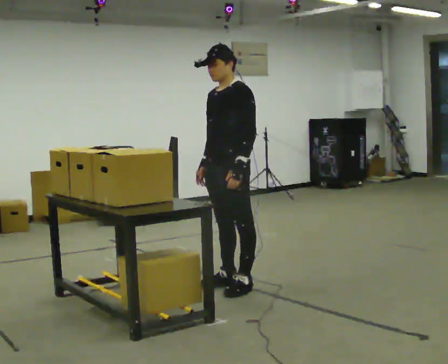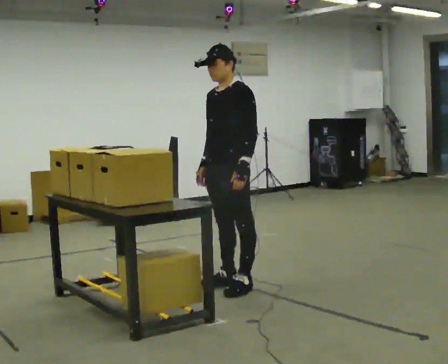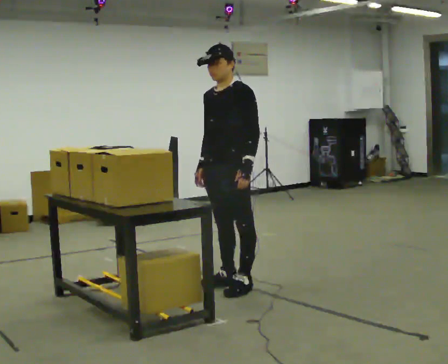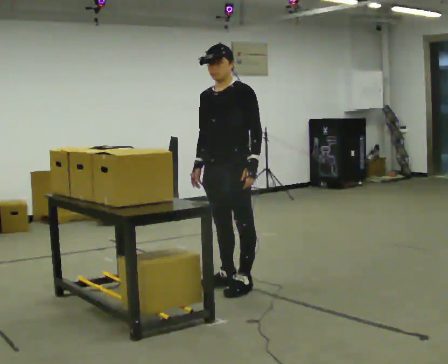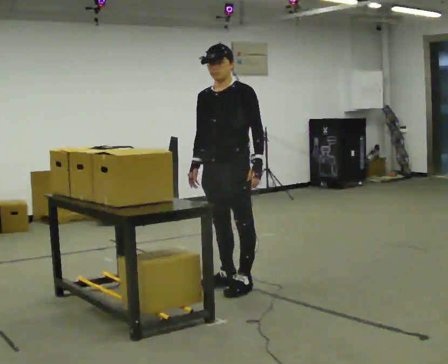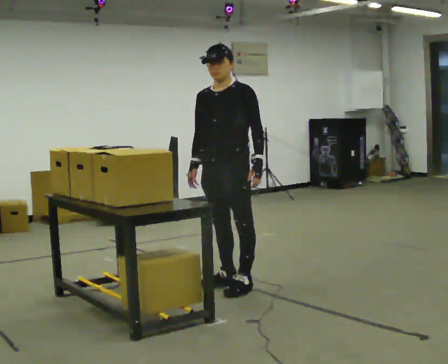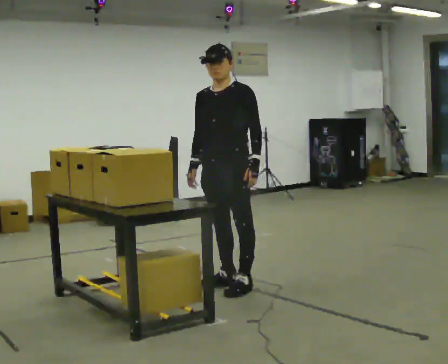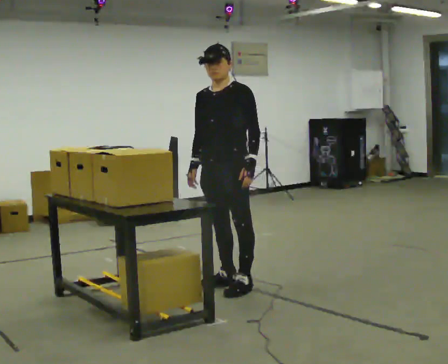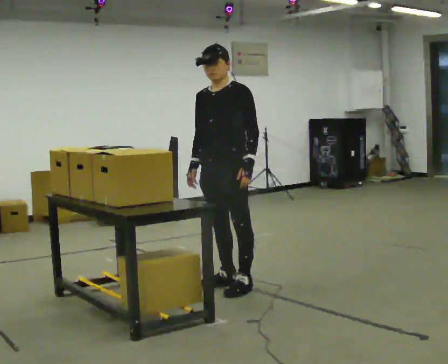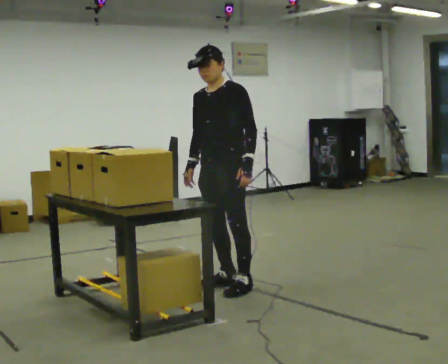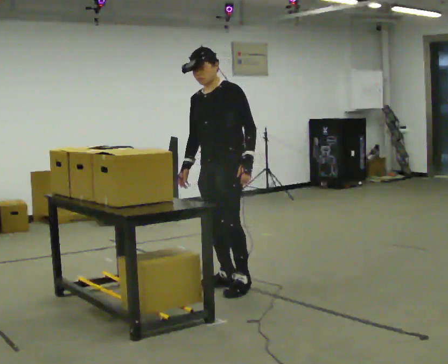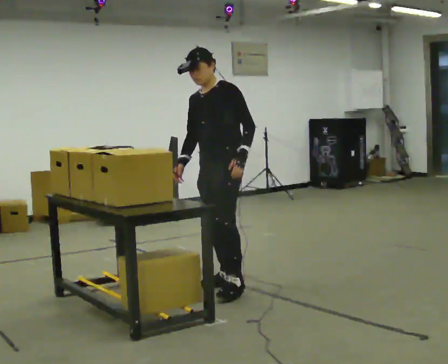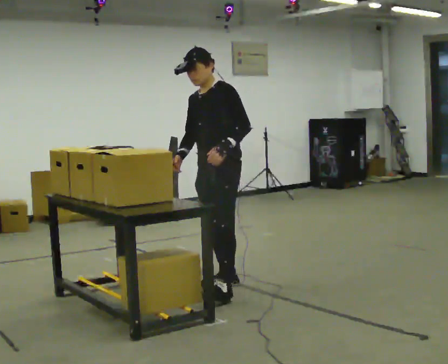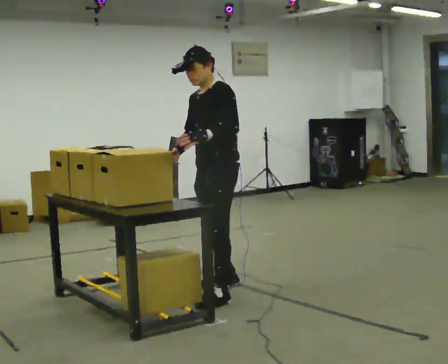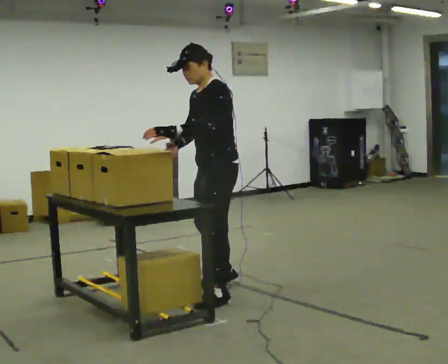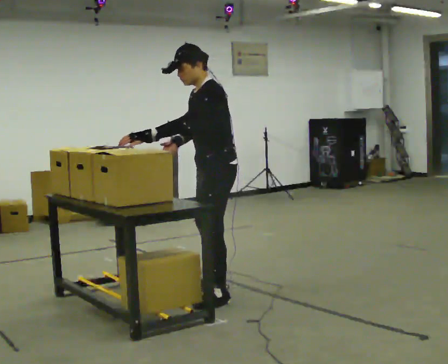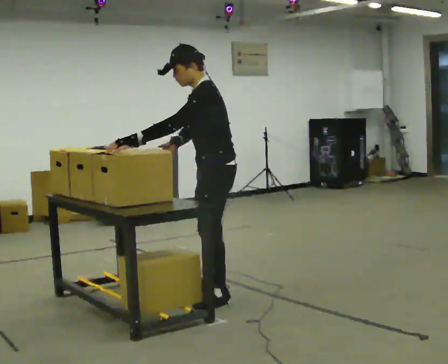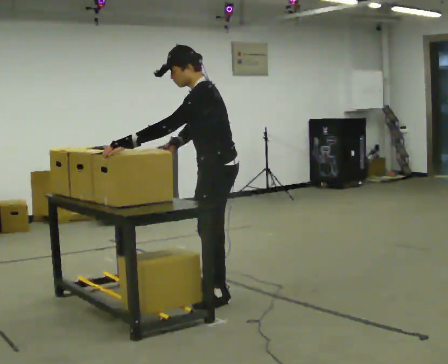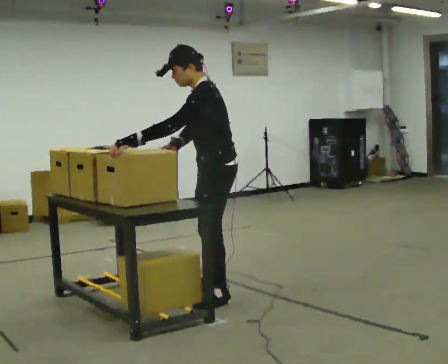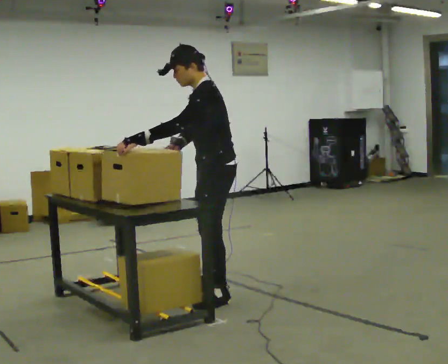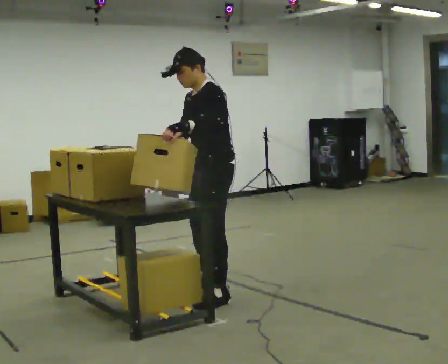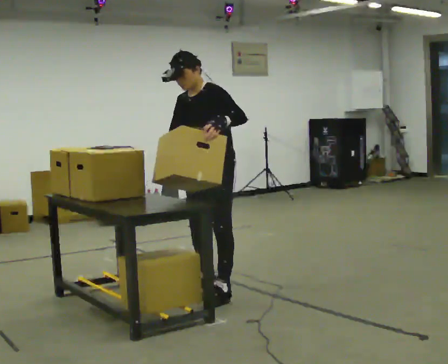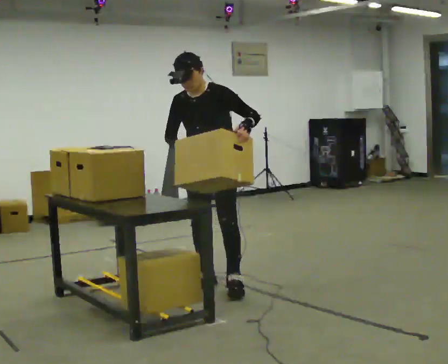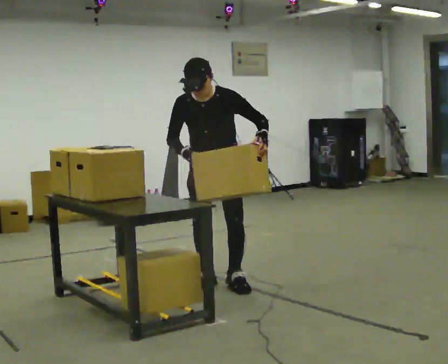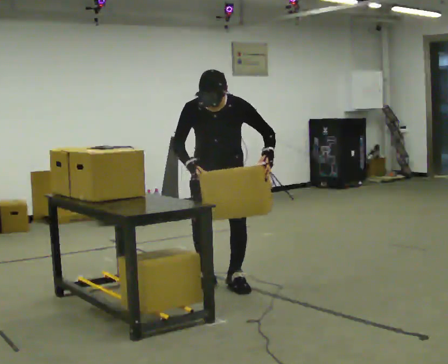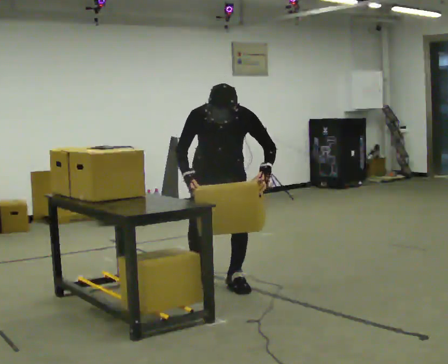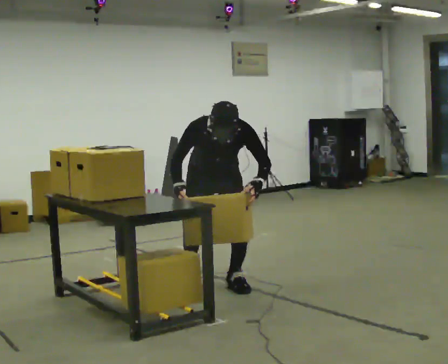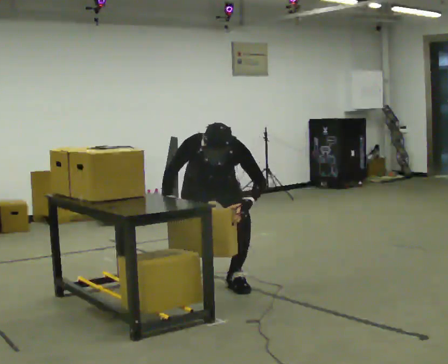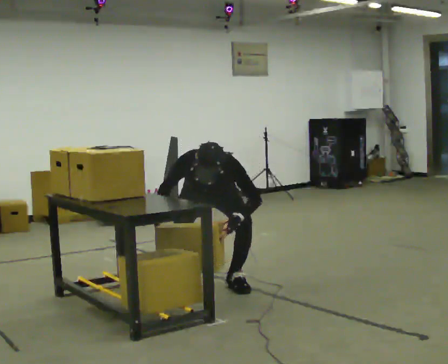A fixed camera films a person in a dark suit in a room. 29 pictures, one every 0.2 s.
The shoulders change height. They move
downward.
The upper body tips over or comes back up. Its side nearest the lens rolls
downward.
0.0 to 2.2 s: The person moves a little, or ends about where they began.
2.2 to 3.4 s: Seen from above the body turns clockwise, about 45 degrees: to their right, with its near side sliding to the left. In the picture they go toward the camera, about 0.25 m in 2 steps, which for them is to their left.
3.4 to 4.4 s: The part of the body nearest the lens slides to the right as the person turns to their left by about 75 degrees. In the picture they go away from the camera, about 0.5 m in 1 step.
4.4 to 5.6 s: The person turns about 30 degrees to their left, counterclockwise seen from above, so the part of the body nearest the lens slides to the right. In the picture they go away from the camera, about 0.25 m in 2 steps, which for them is backward. The upper body goes downward. The upper body tips toward the camera, its near side rolling downward, as they bend forward. In the picture their left hand goes downward.
The film runs forward here.
